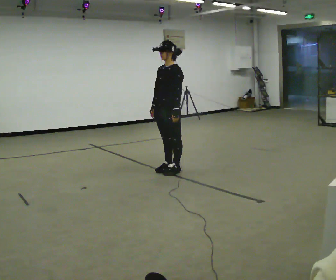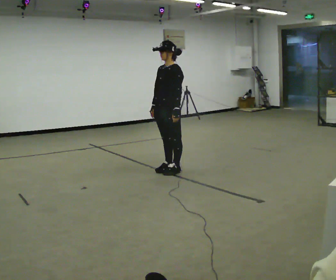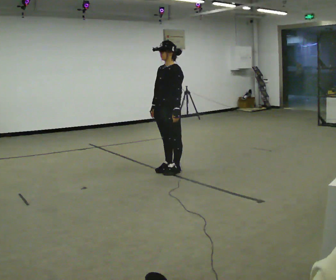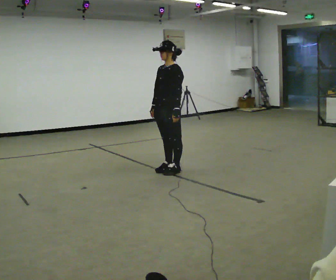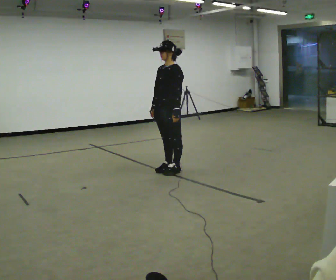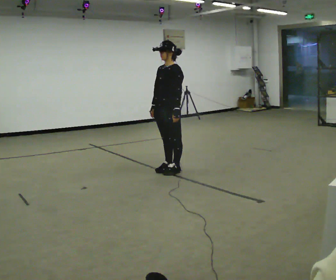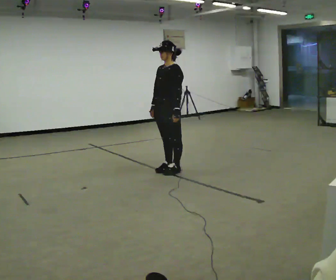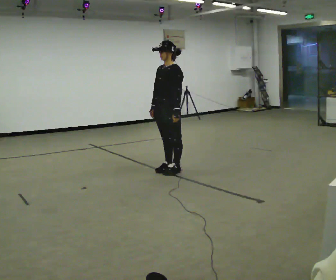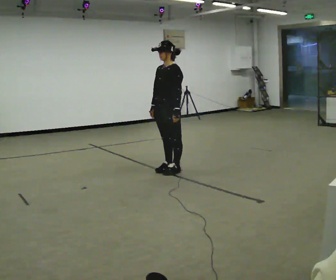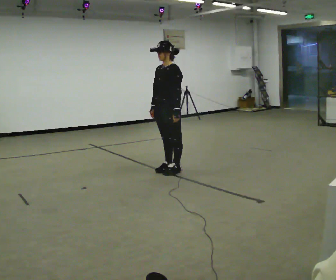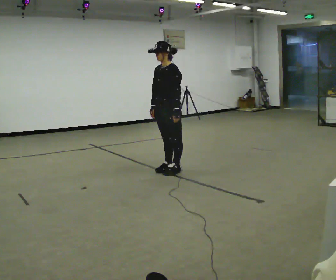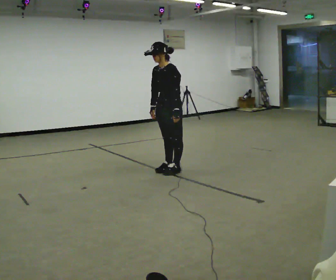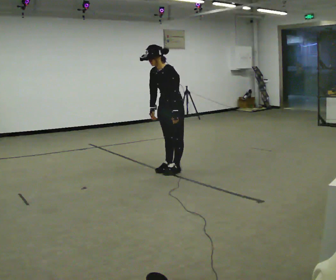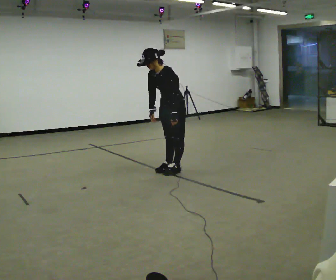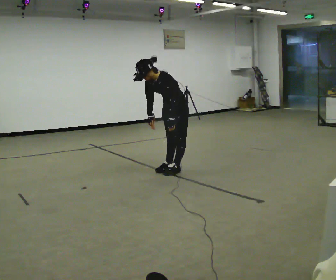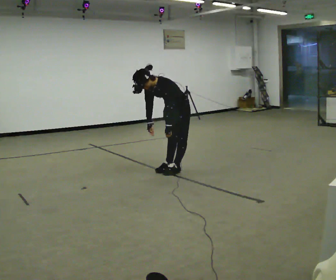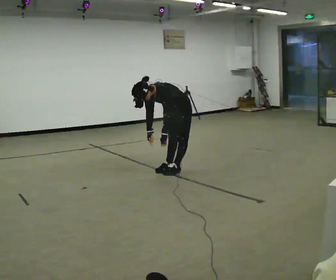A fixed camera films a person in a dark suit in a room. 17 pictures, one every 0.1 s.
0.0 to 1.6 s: The upper body goes downward. In the picture the upper body tilts counterclockwise, shoulders to the left, as they bend forward.
The film runs forward here.
